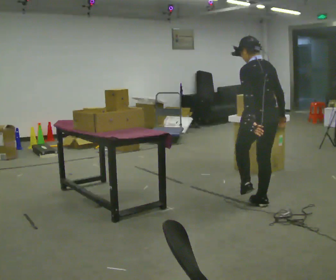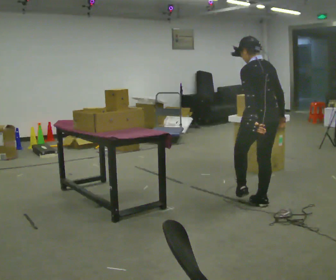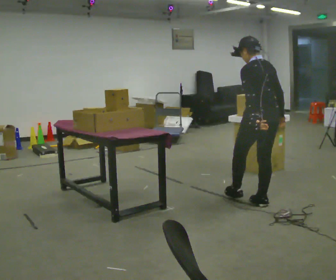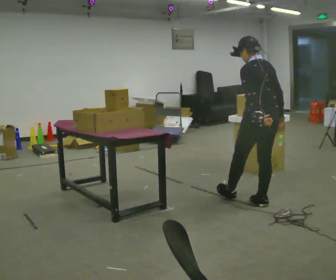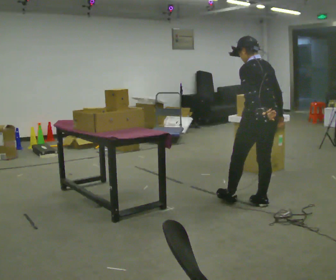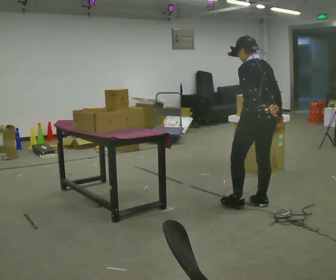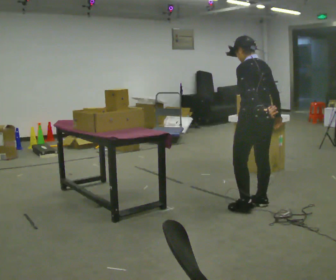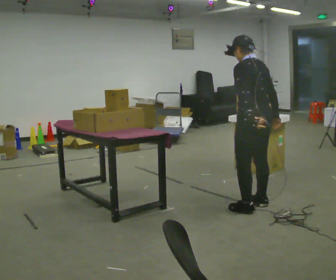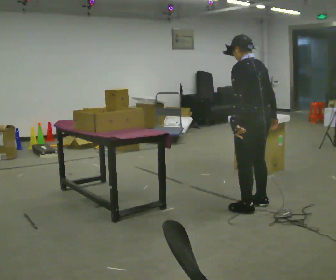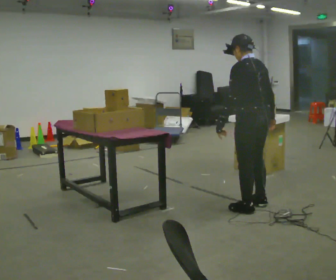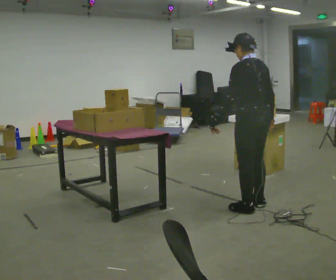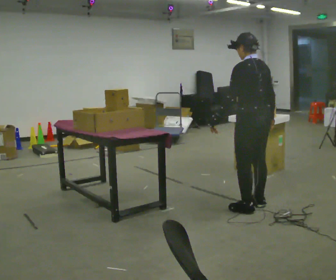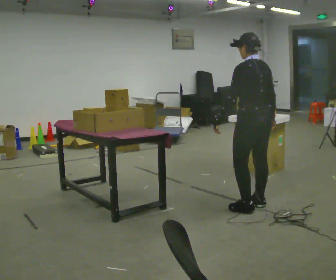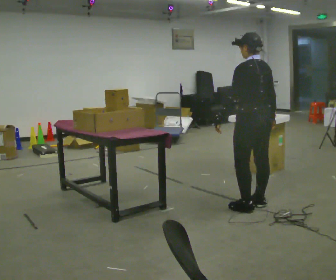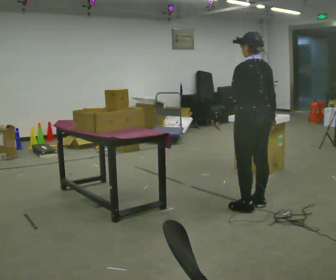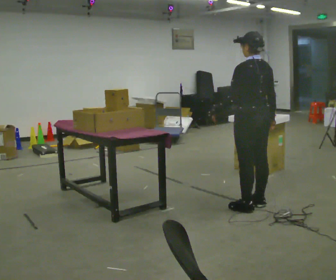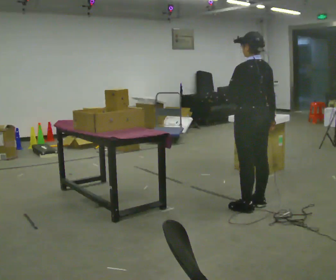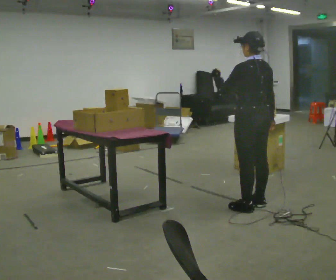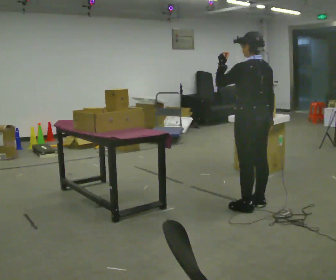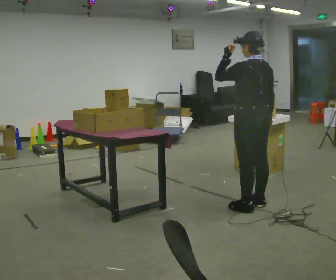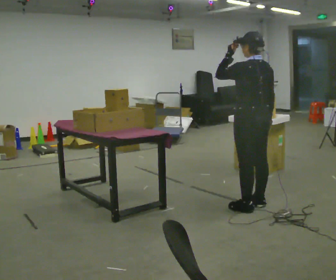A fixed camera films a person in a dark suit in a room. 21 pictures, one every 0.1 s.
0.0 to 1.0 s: The person moves a little, or ends about where they began.
1.0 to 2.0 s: In the picture their left hand goes upward.
The film runs forward here.
